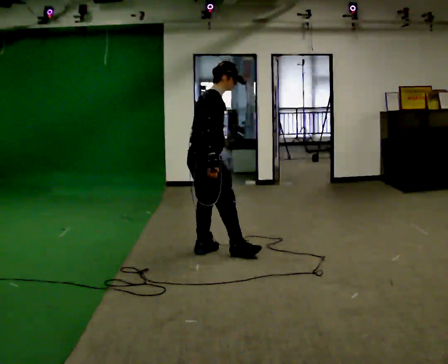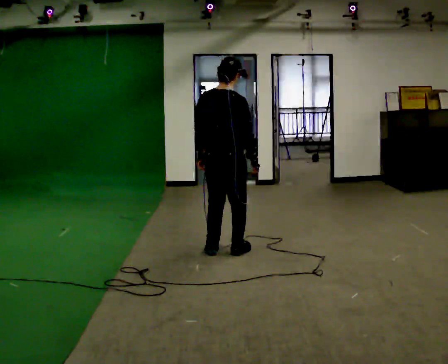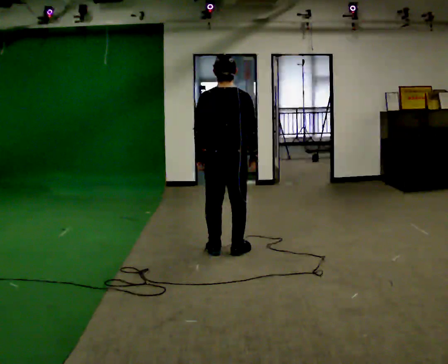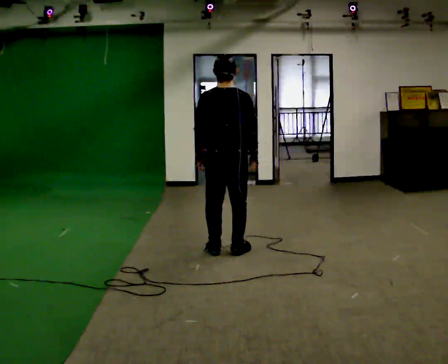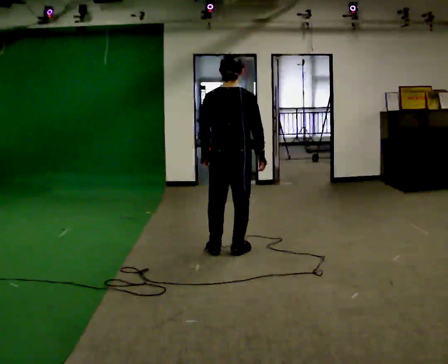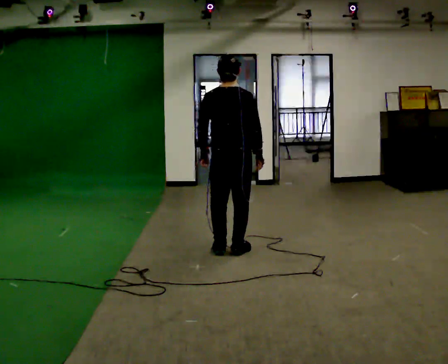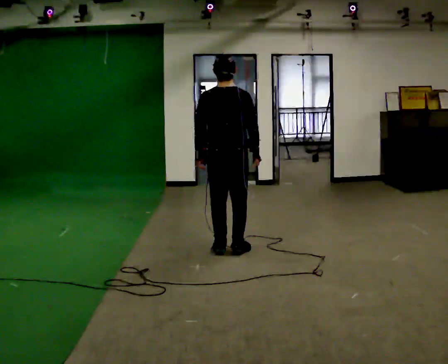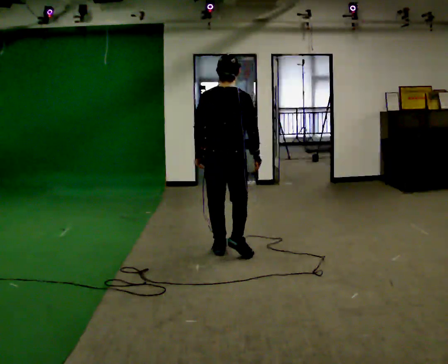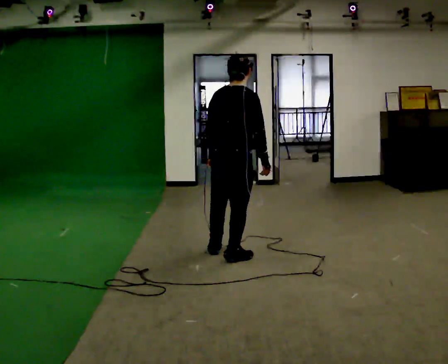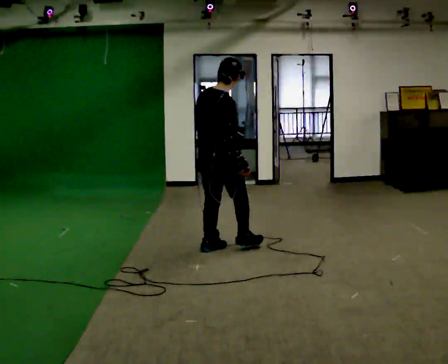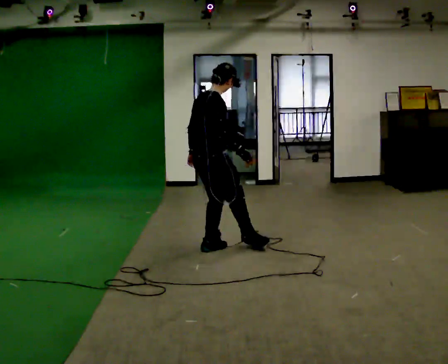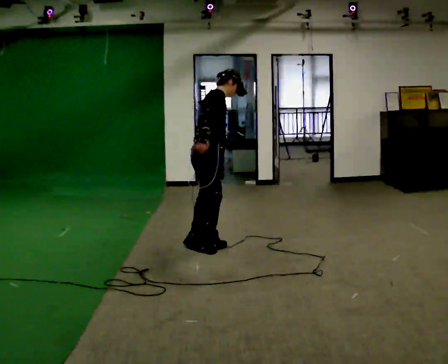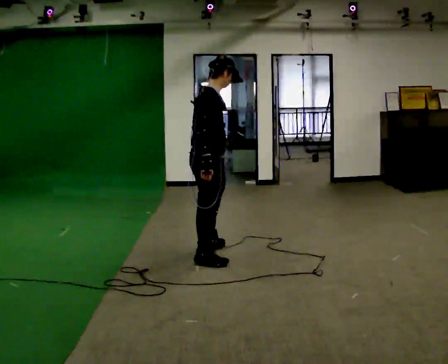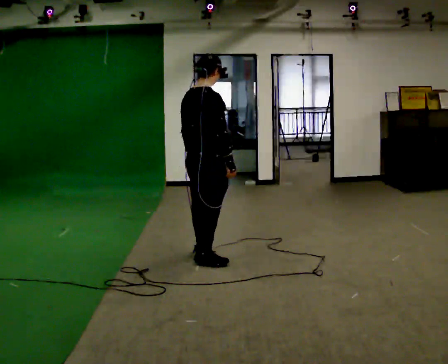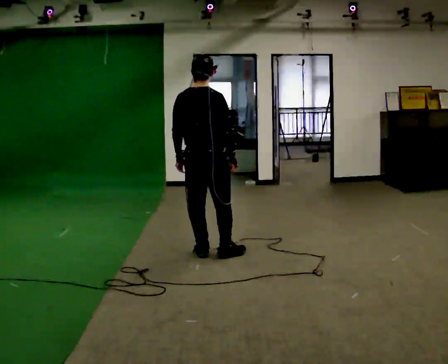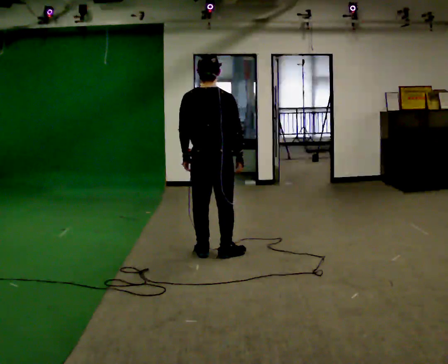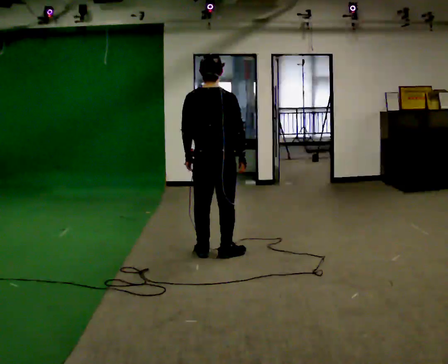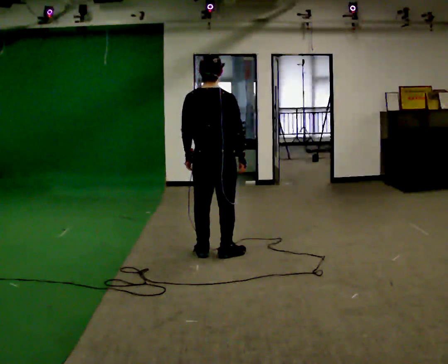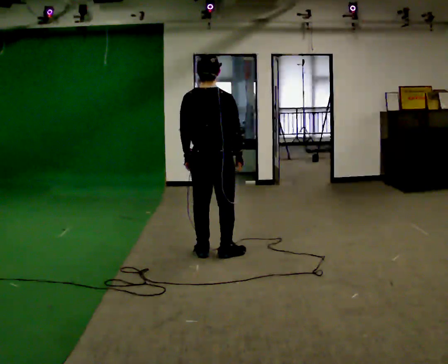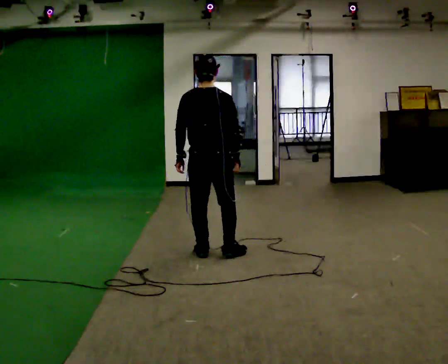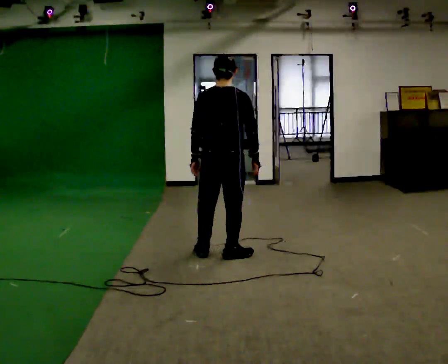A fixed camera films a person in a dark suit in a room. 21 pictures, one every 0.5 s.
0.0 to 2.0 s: The part of the body nearest the lens slides to the right as the person turns to their left by about 75 degrees. In the picture they go to the right, about 0.25 m. In the picture their right hand goes to the right.
2.0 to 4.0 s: The person moves a little, or ends about where they began.
4.0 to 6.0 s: The person turns about 45 degrees to their right, clockwise seen from above, so the part of the body nearest the lens slides to the left. In the picture they go to the left, about 0.25 m in 1 step, which for them is backward. In the picture their right hand goes to the left.
6.0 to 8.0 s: Seen from above the body turns counterclockwise, about 60 degrees: to their left, with its near side sliding to the right. In the picture they go away from the camera, about 0.25 m in 2 steps. In the picture their right hand goes to the right.
8.0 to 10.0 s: The person moves a little, or ends about where they began.
The film runs backward here.
